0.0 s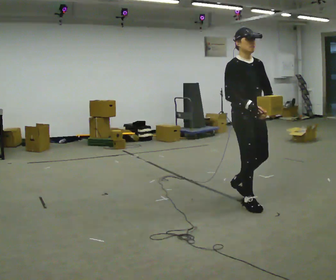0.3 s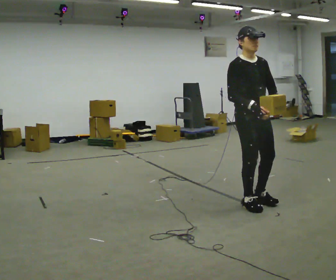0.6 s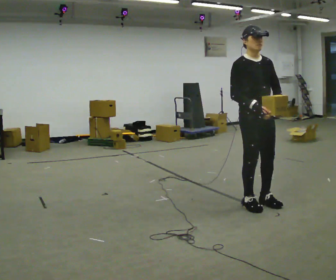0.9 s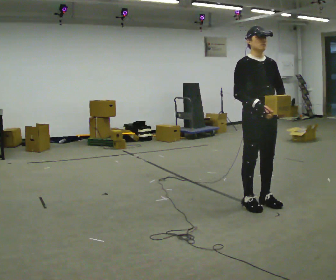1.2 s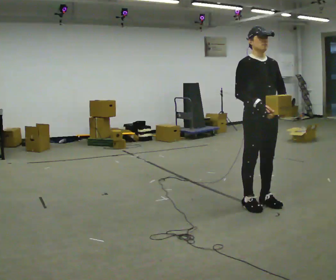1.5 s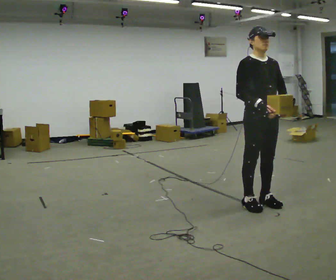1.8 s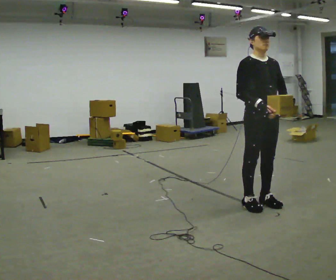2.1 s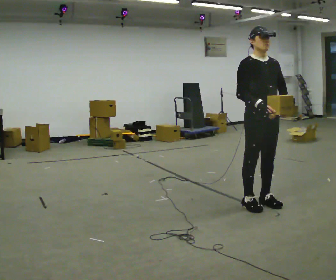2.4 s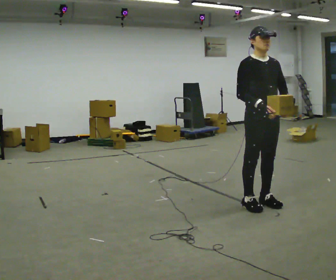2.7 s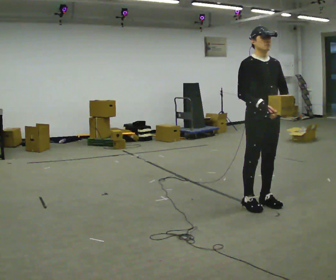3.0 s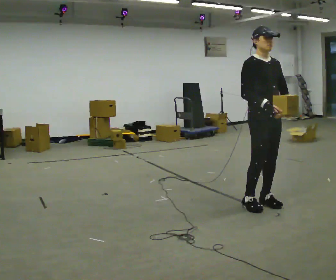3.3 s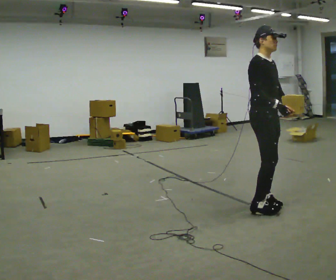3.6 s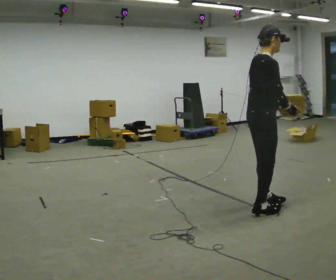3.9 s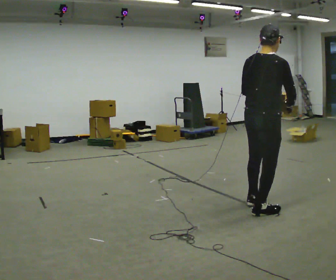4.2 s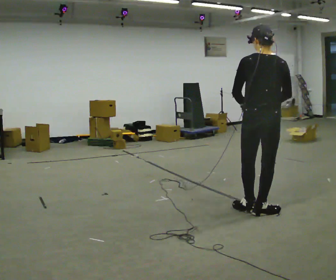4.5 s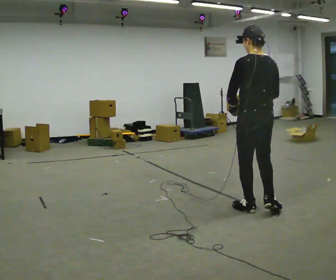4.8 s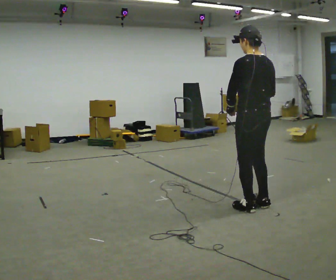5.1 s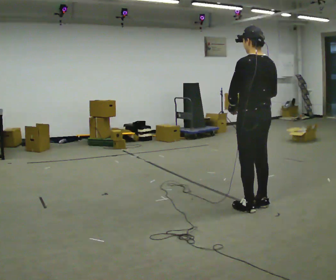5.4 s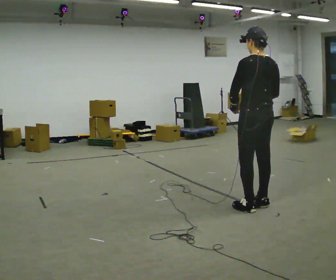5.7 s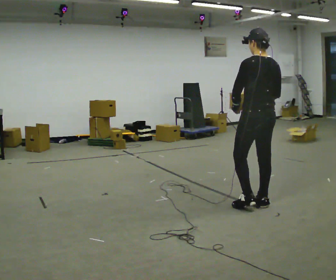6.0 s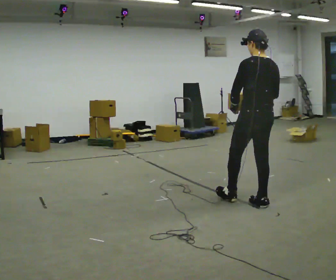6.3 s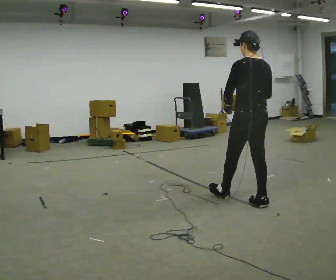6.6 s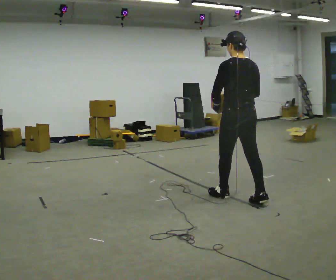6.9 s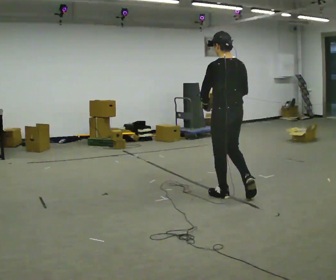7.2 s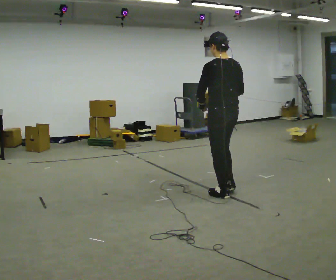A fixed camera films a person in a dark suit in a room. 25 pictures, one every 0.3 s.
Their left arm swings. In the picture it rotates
clockwise.
The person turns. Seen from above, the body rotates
counterclockwise.
0.0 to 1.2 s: The person moves a little, or ends about where they began.
1.2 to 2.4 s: The person keeps their place and pose.
2.4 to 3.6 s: Seen from above the body turns counterclockwise, about 75 degrees: to their left, with its near side sliding to the right. In the picture they go toward the camera, about 0.25 m in 1 step.
3.6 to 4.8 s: The person turns about 105 degrees to their left, counterclockwise seen from above, so the part of the body nearest the lens slides to the right. In the picture their left hand goes to the left.
4.8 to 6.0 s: In the picture they go away from the camera, about 0.25 m in 1 step, which for them is forward.
6.0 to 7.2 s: In the picture they go to the left, about 0.5 m in 1 step, which for them is forward and to their left.
The film runs forward here.
